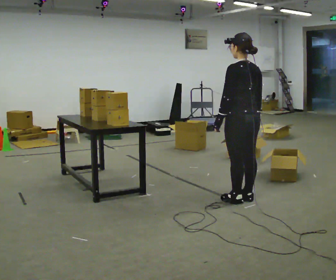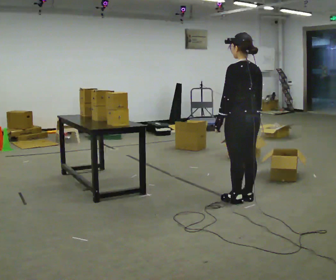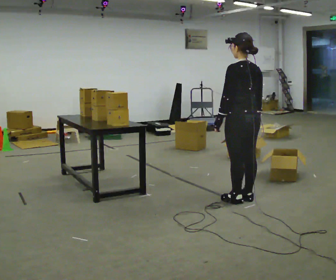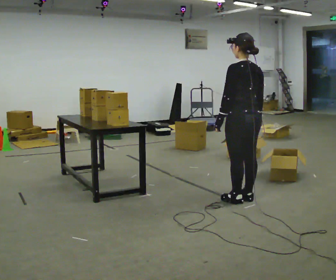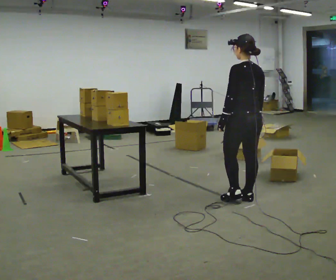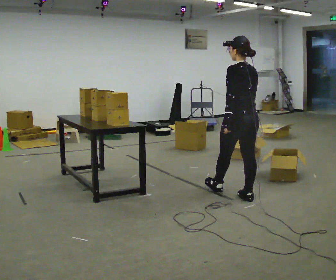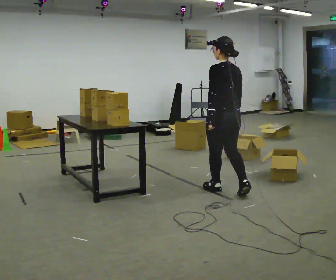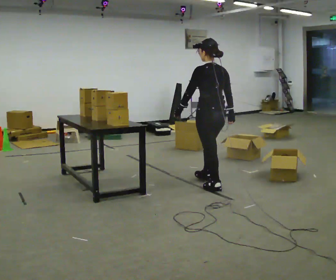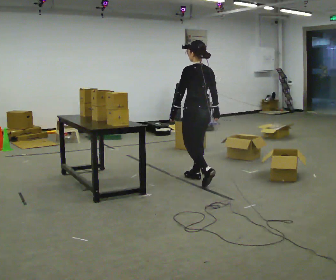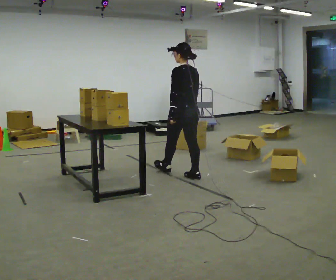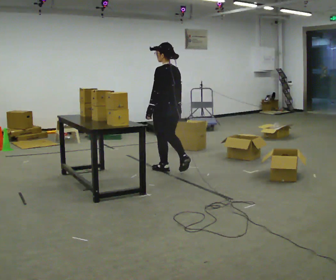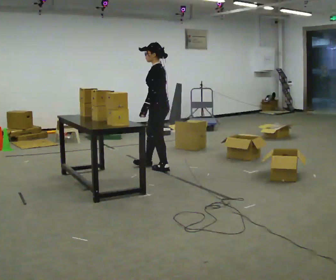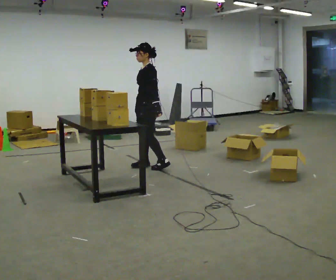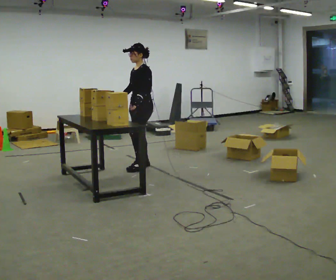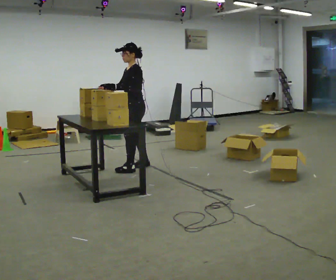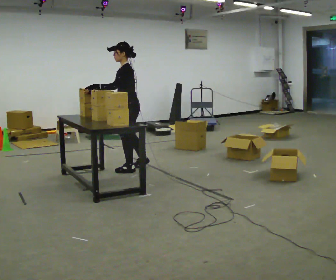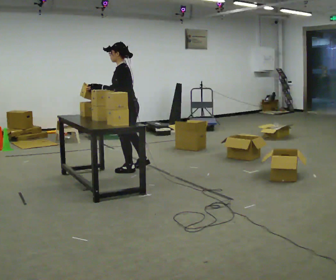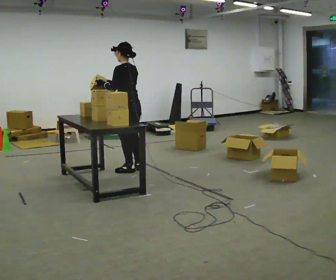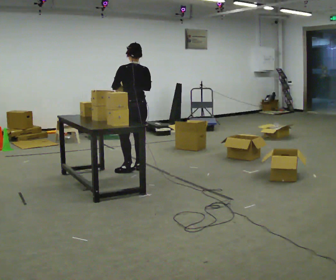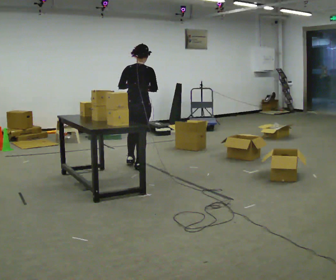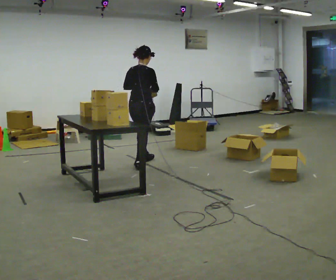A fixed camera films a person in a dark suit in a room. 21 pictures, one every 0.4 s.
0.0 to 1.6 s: The person moves a little, or ends about where they began.
1.6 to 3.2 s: In the picture they go away from the camera and to the left, about 1 m in 2 steps, which for them is forward.
3.2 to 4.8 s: Seen from above the body turns counterclockwise, about 75 degrees: to their left, with its near side sliding to the right. In the picture they go away from the camera and to the left, about 1 m in 2 steps.
4.8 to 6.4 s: Seen from above the body turns clockwise, about 30 degrees: to their right, with its near side sliding to the left. In the picture they go to the left and toward the camera, about 0.25 m in 1 step, which for them is forward.
6.4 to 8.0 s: Seen from above the body turns clockwise, about 105 degrees: to their right, with its near side sliding to the left. In the picture they go away from the camera, about 0.25 m in 2 steps.
The film runs forward here.
